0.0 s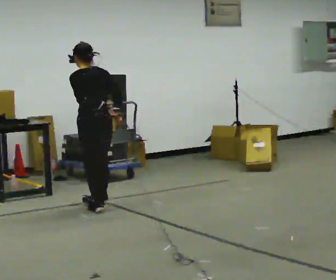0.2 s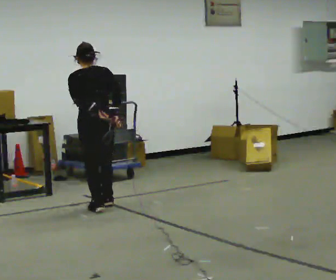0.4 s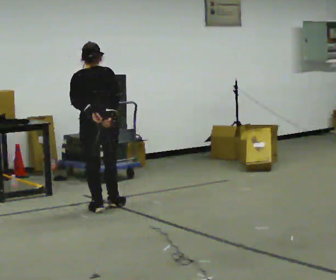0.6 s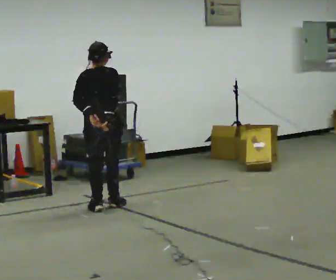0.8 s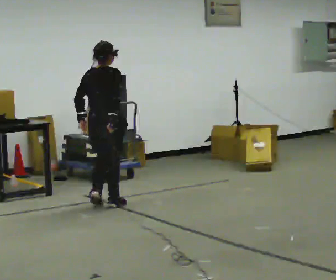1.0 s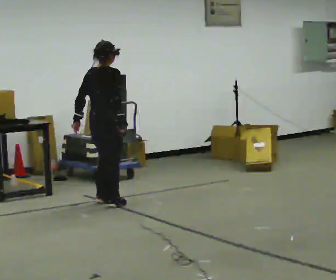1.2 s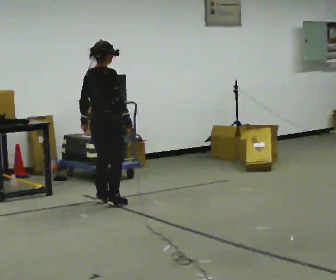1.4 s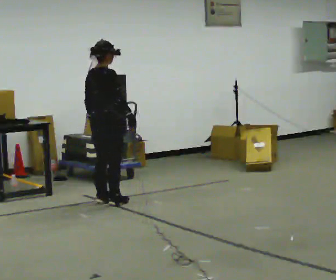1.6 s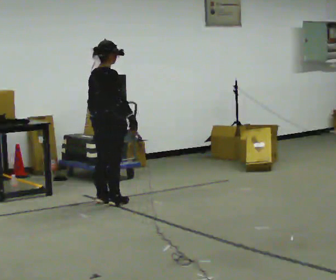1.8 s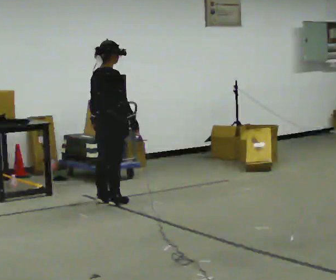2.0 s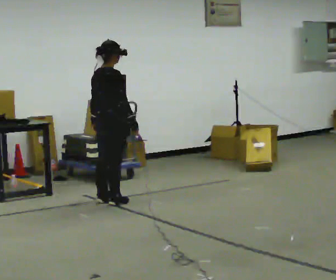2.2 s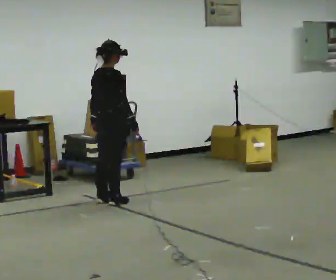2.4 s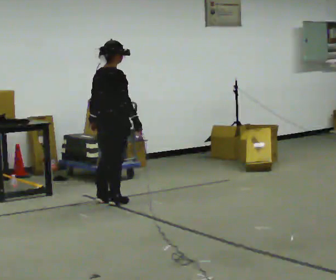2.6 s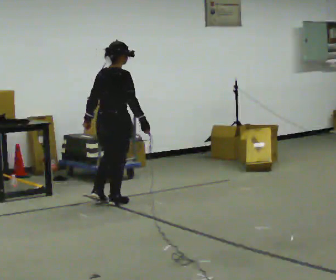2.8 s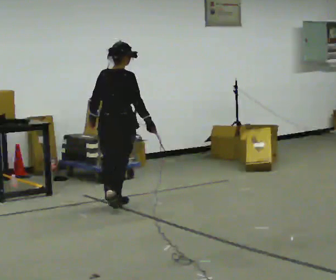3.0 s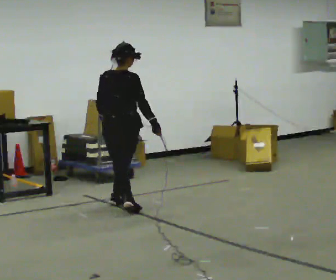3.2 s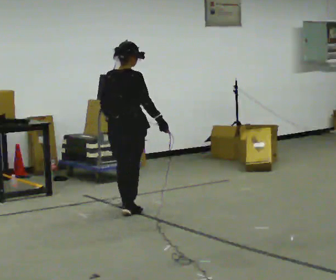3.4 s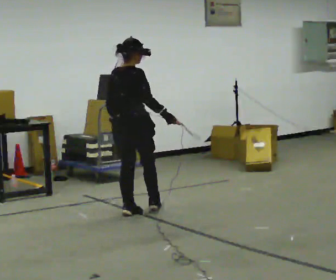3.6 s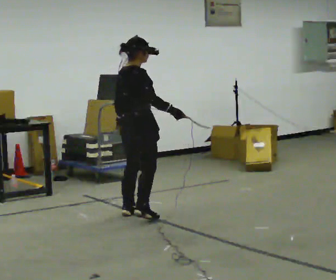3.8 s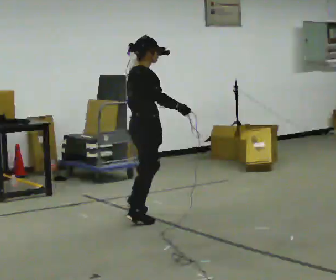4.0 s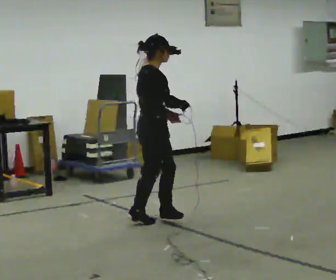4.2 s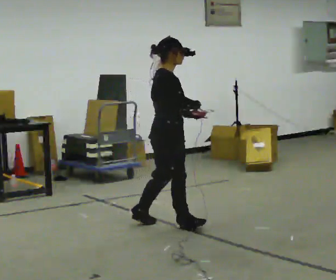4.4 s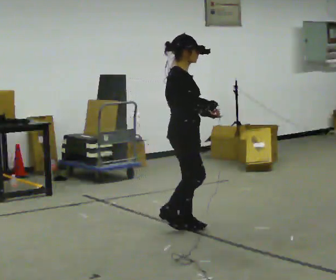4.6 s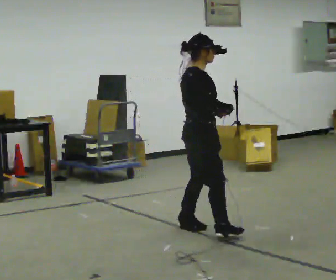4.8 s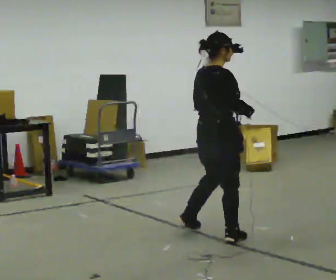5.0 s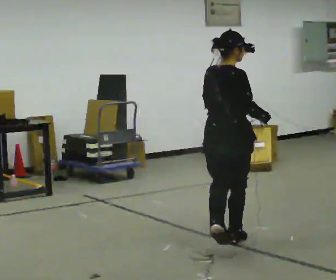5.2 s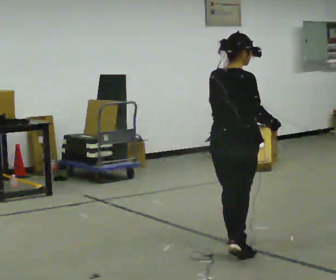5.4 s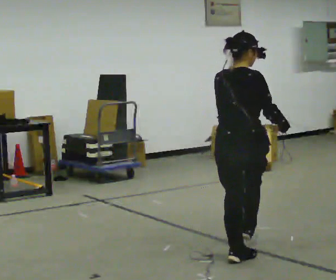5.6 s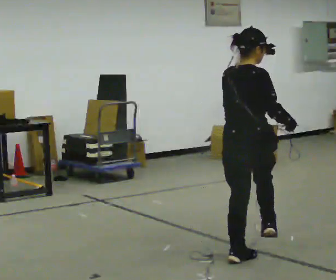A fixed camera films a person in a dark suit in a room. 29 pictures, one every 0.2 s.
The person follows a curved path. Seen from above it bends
clockwise.
The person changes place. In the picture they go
toward the camera.
0.0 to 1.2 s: The person turns about 75 degrees to their right, clockwise seen from above, so the part of the body nearest the lens slides to the left. In the picture they go away from the camera, about 0.25 m in 2 steps.
1.2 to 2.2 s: The person moves a little, or ends about where they began.
2.2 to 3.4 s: In the picture they go toward the camera, about 0.5 m in 1 step, which for them is backward and to their right.
3.4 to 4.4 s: Seen from above the body turns clockwise, about 60 degrees: to their right, with its near side sliding to the left. In the picture they go toward the camera and to the right, about 0.5 m in 2 steps.
4.4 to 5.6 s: The person turns about 60 degrees to their left, counterclockwise seen from above, so the part of the body nearest the lens slides to the right. In the picture they go toward the camera, about 1 m in 2 steps.
The film runs forward here.
